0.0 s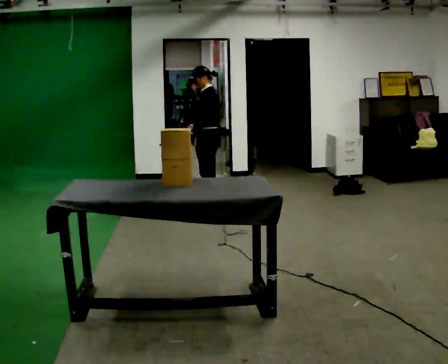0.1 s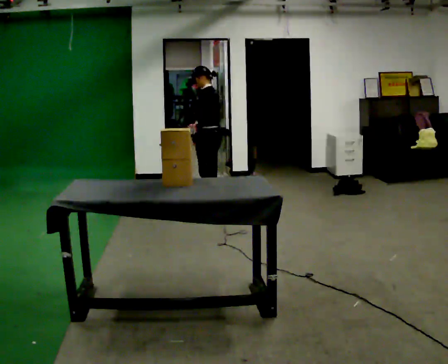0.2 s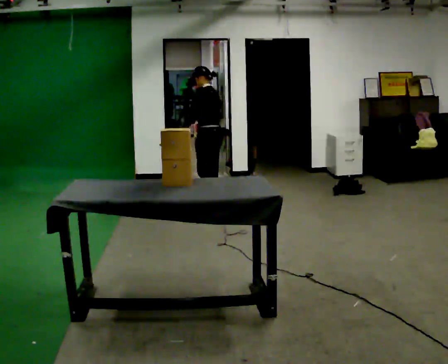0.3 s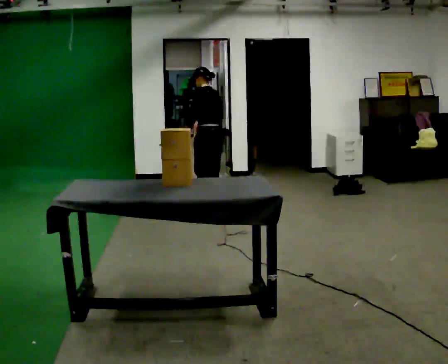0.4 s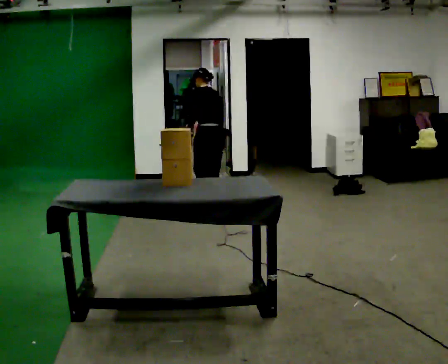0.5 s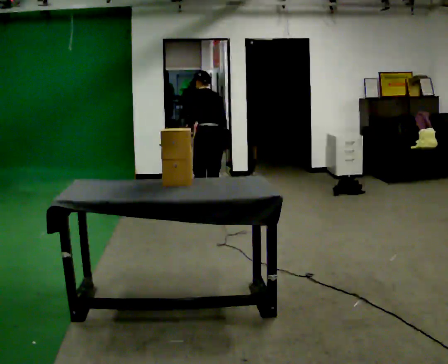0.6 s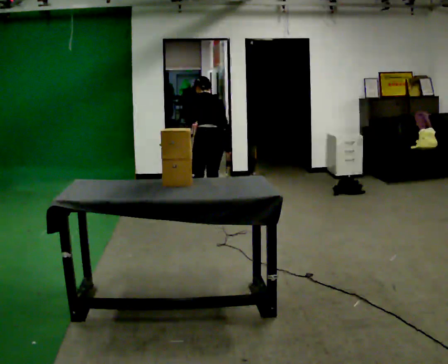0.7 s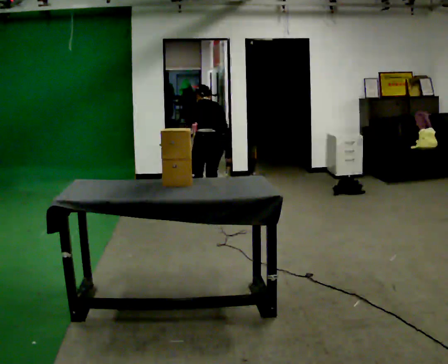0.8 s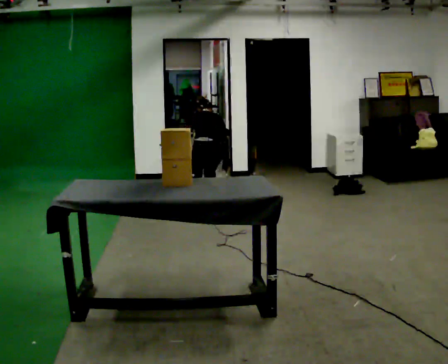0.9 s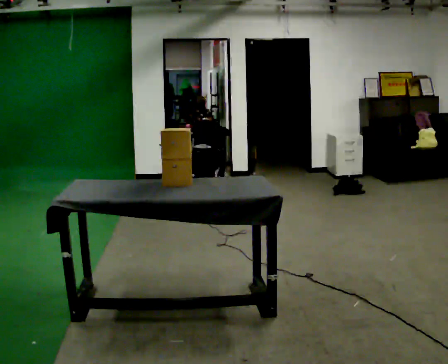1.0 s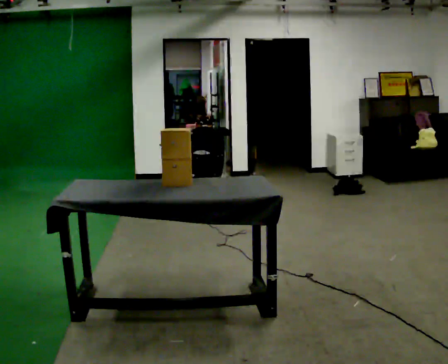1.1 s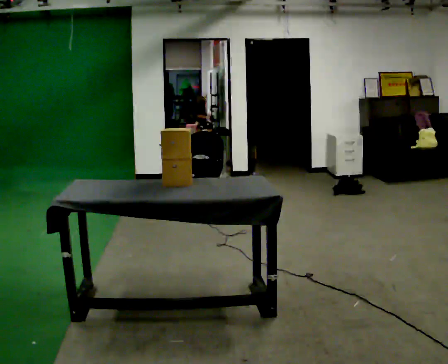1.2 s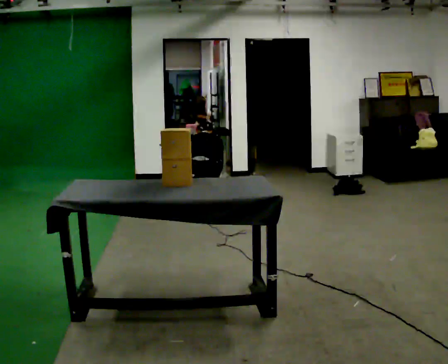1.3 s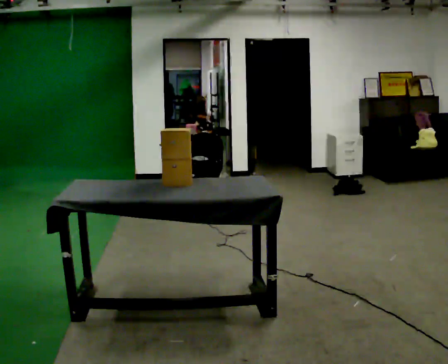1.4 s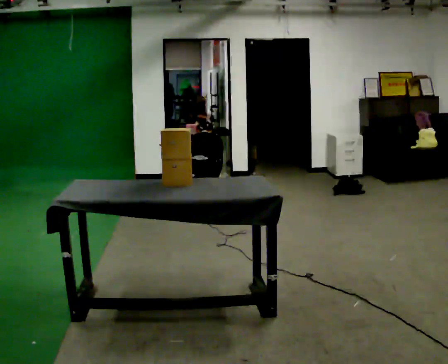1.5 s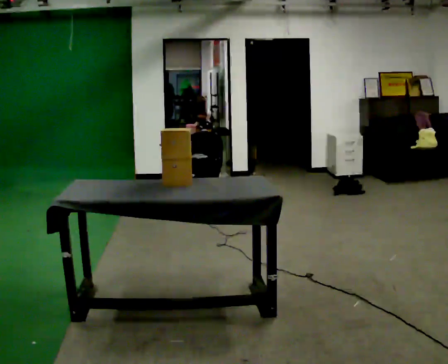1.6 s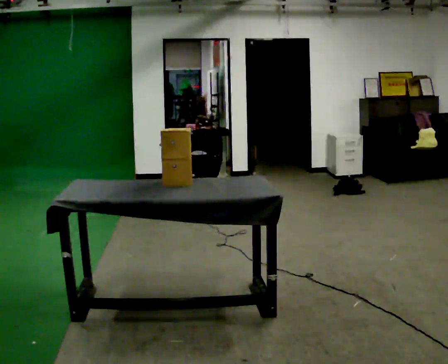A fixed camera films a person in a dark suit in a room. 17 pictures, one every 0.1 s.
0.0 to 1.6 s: Seen from above the body turns clockwise, about 90 degrees: to their right, with its near side sliding to the left. The shoulders move downward. The upper body tips away from the camera, its near side rolling upward, as they bend forward. In the picture their left hand goes downward.
The film runs backward here.
